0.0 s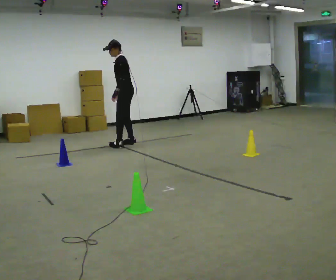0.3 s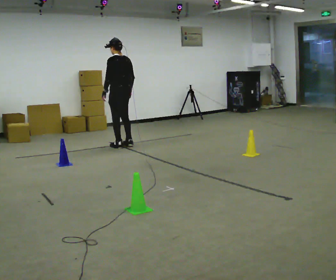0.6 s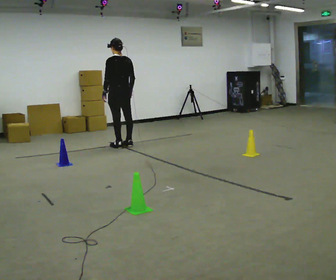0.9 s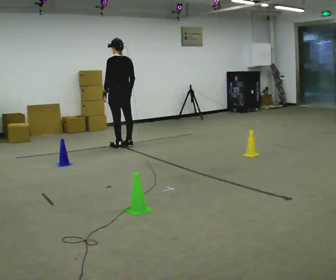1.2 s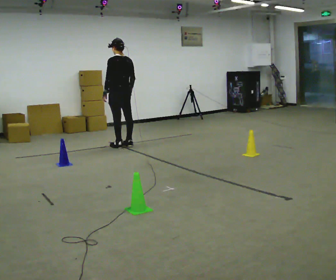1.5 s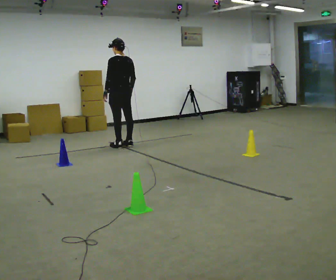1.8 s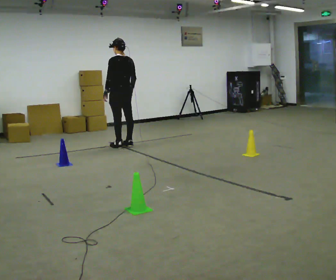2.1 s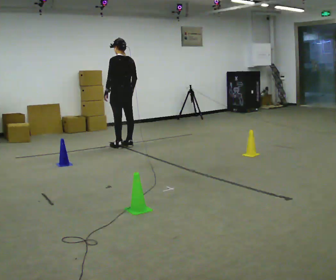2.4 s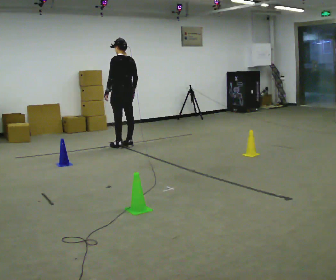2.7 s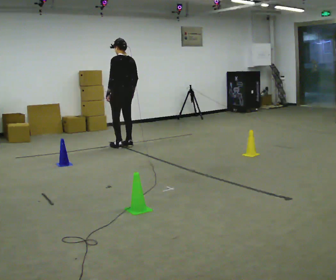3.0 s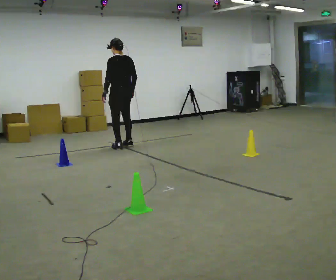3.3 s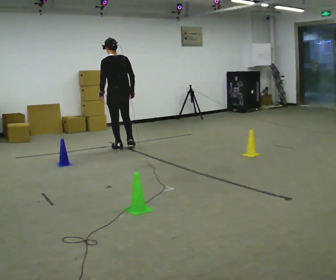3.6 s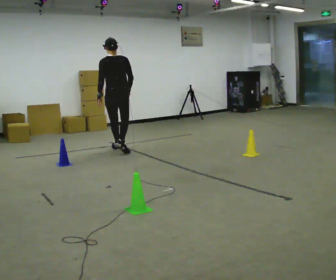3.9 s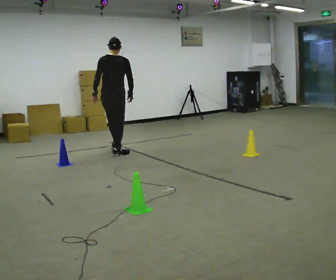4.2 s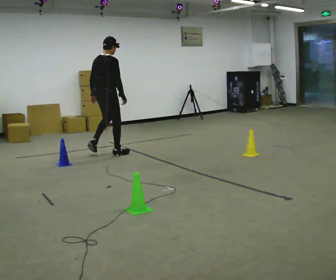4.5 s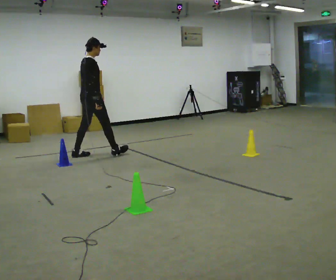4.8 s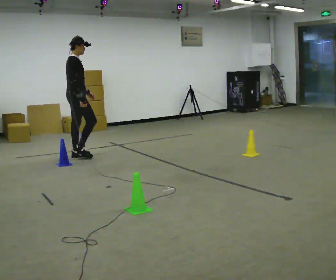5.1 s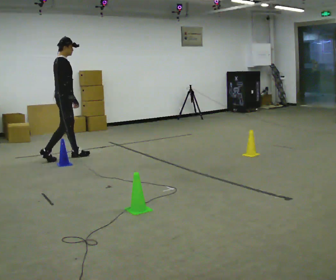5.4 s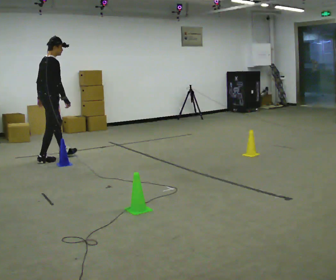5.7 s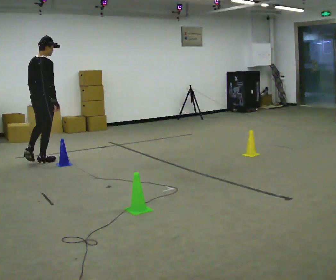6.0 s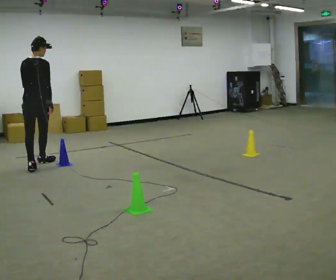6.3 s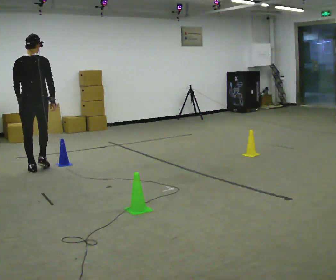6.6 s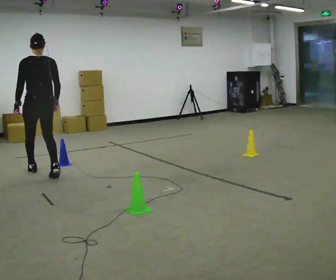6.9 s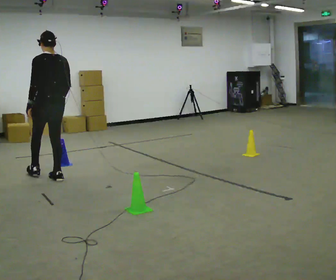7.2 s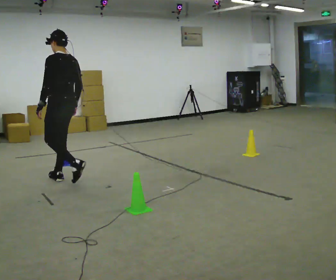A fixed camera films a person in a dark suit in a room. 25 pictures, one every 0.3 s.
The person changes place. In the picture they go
toward the camera.
0.0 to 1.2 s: Seen from above the body turns clockwise, about 45 degrees: to their right, with its near side sliding to the left.
1.2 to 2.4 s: The person moves a little, or ends about where they began.
2.4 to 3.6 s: Seen from above the body turns clockwise, about 30 degrees: to their right, with its near side sliding to the left. In the picture they go toward the camera, about 0.25 m in 1 step, which for them is to their left and backward.
3.6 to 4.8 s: The part of the body nearest the lens slides to the left as the person turns to their right by about 75 degrees. In the picture they go to the left and toward the camera, about 0.5 m in 2 steps.
4.8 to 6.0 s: The person turns about 75 degrees to their left, counterclockwise seen from above, so the part of the body nearest the lens slides to the right. In the picture they go toward the camera and to the left, about 0.5 m in 1 step.
6.0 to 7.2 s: The part of the body nearest the lens slides to the right as the person turns to their left by about 60 degrees. In the picture they go toward the camera and to the right, about 0.5 m in 2 steps, which for them is backward and to their right.
The film runs backward here.
